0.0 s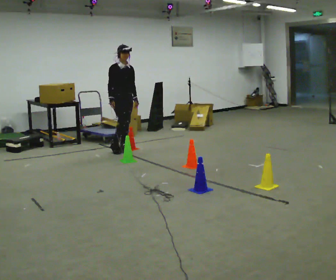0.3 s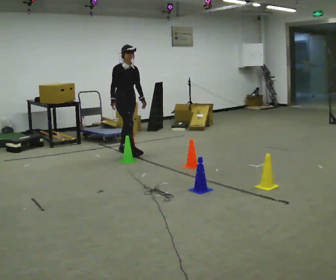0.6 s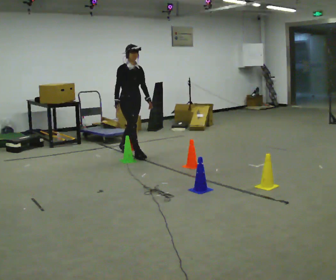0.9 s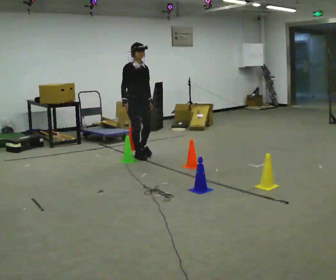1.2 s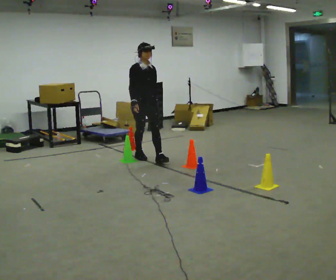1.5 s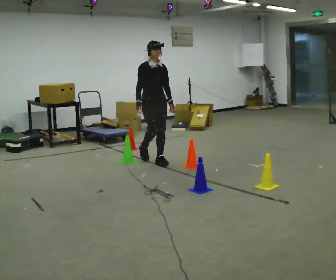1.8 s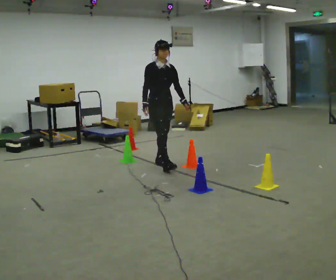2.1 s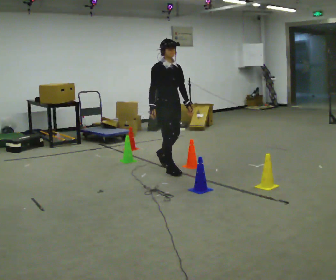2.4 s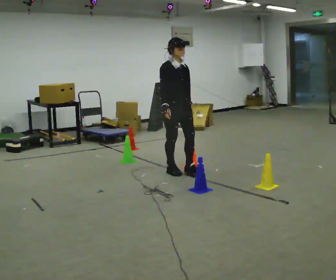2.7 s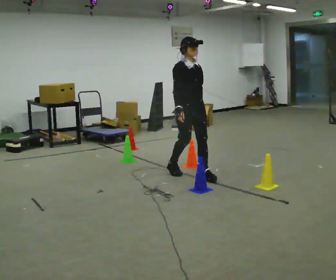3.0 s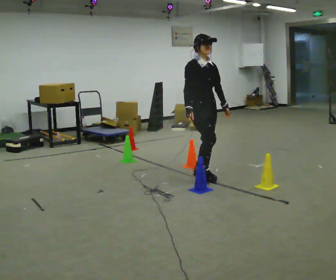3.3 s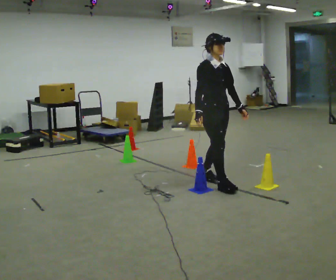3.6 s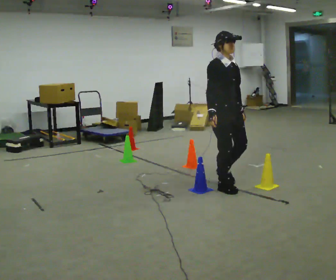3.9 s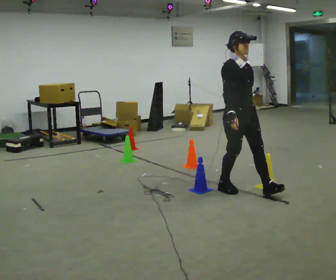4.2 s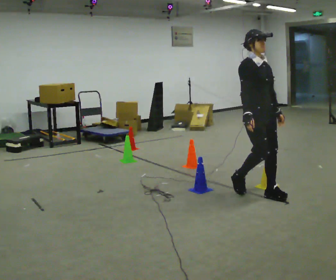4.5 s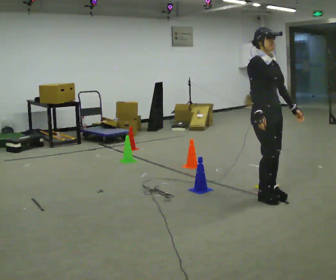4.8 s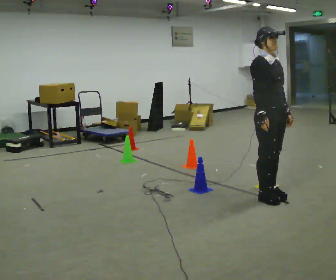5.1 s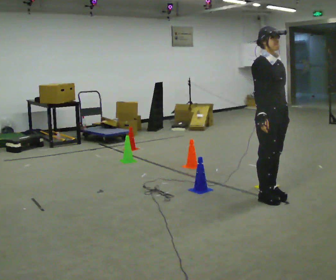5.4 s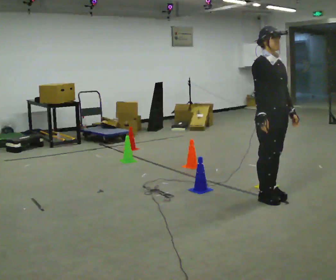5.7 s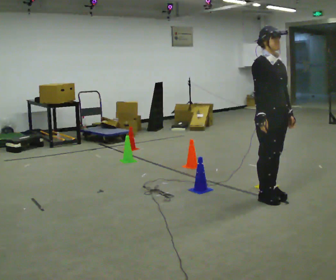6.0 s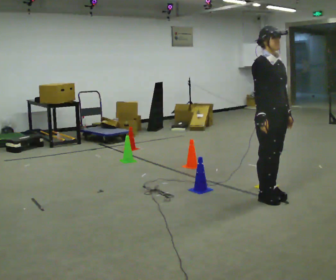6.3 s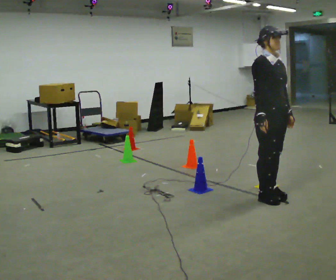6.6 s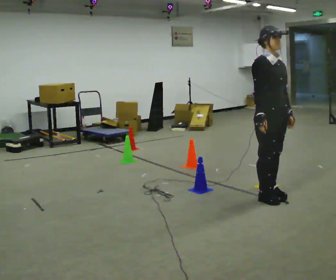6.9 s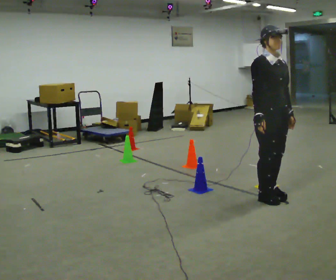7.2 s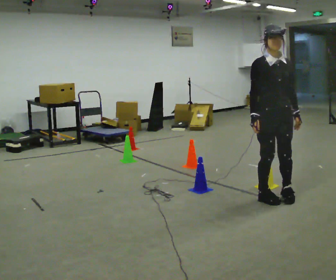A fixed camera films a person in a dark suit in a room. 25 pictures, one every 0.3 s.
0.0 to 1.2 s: In the picture they go toward the camera and to the right, about 0.75 m in 2 steps, which for them is forward.
1.2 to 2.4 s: In the picture they go toward the camera and to the right, about 1 m in 1 step, which for them is forward.
2.4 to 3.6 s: In the picture they go toward the camera and to the right, about 1 m in 2 steps, which for them is forward.
3.6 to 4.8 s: In the picture they go to the right and toward the camera, about 0.5 m in 2 steps, which for them is forward.
4.8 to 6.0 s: The person moves a little, or ends about where they began.
6.0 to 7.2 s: Seen from above the body turns clockwise, about 30 degrees: to their right, with its near side sliding to the left.
The film runs forward here.
